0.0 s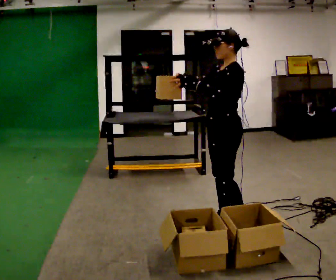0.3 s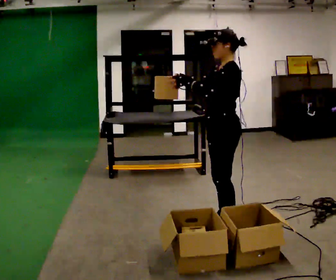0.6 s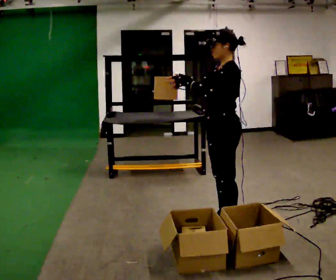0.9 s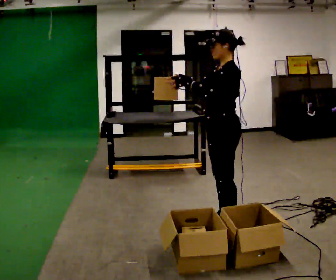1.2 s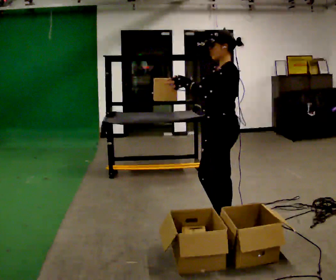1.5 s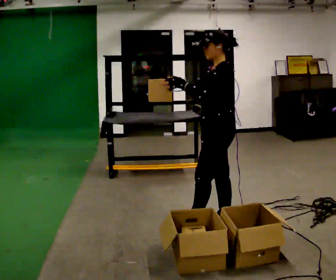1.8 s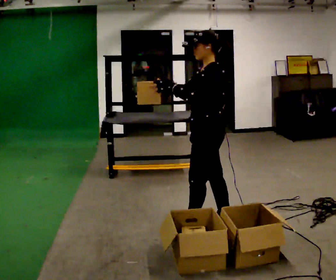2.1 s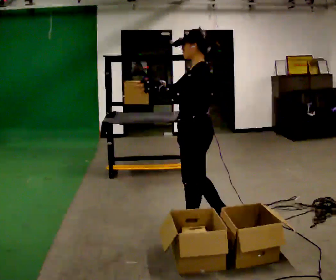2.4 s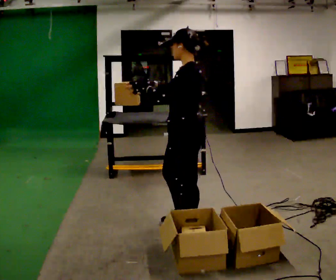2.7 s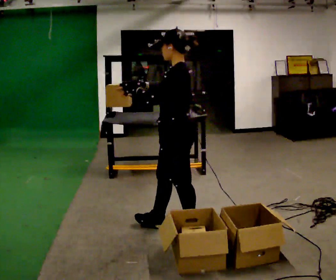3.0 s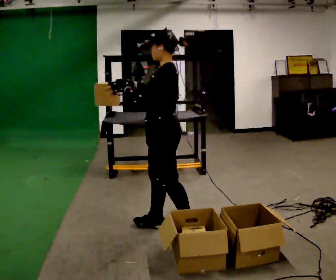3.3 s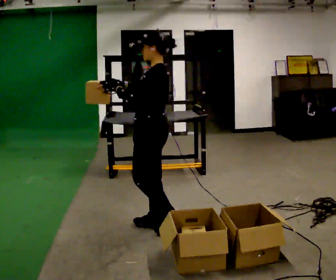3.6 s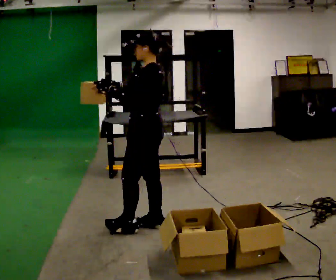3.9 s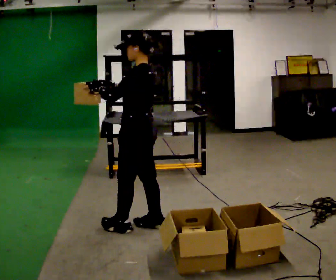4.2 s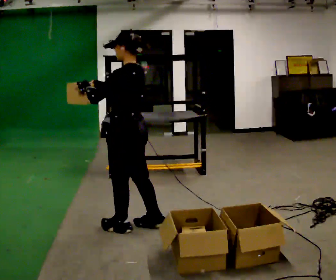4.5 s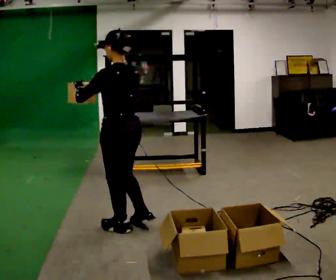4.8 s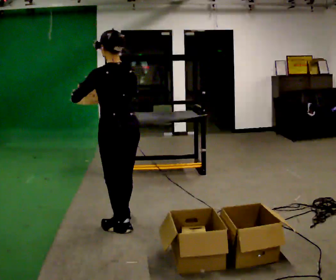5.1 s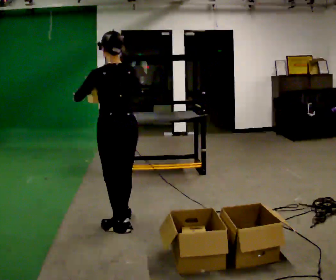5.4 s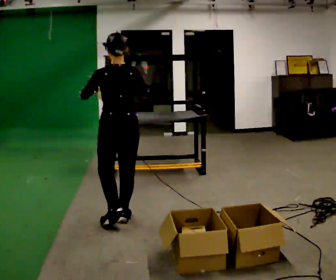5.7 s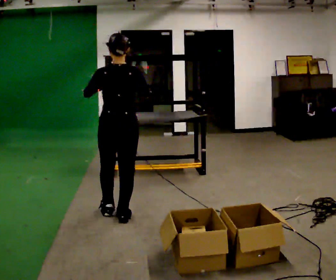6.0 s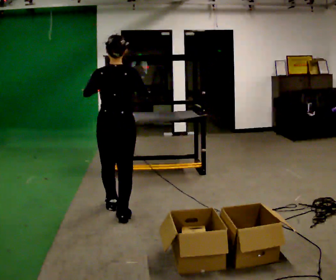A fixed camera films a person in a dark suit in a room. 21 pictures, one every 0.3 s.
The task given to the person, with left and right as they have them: 1. Look at the shelf and see which spaces are empty. 2. Find matching items in the bins on the floor. 3. Fill the empty spaces on the shelf. 4. Tell the operator when you are finished.
0.0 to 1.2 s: The person moves a little, or ends about where they began.
1.2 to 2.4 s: In the picture they go to the left, about 0.25 m in 1 step, which for them is forward and to their left.
2.4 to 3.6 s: In the picture they go to the left, about 0.25 m in 1 step, which for them is forward.
3.6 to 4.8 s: Seen from above the body turns clockwise, about 45 degrees: to their right, with its near side sliding to the left. In the picture they go to the left, about 0.25 m in 1 step, which for them is to their left and forward.
4.8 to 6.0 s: The person turns about 30 degrees to their right, clockwise seen from above, so the part of the body nearest the lens slides to the left. In the picture they go away from the camera, about 0.25 m in 2 steps, which for them is forward.
The film runs forward here.
